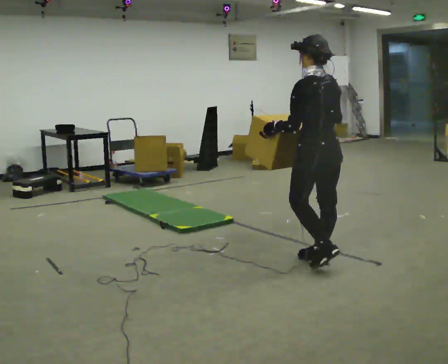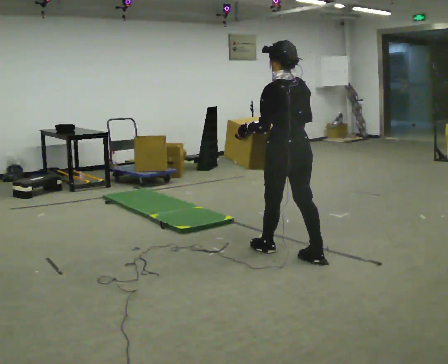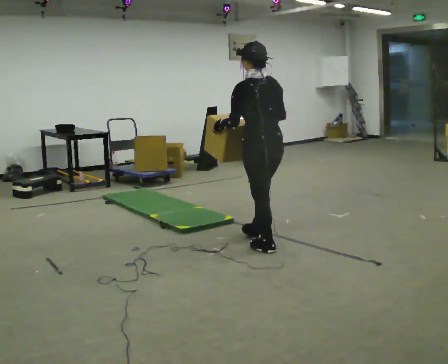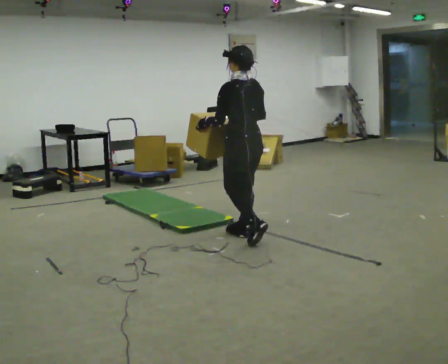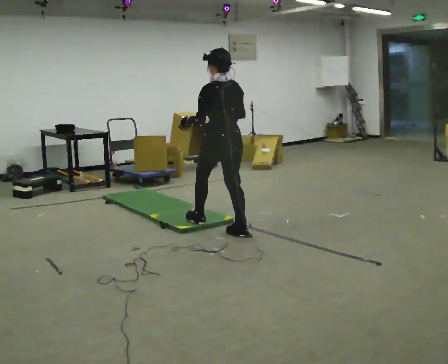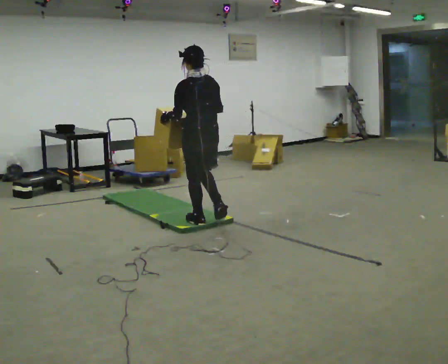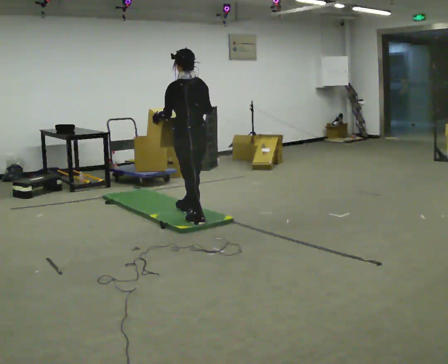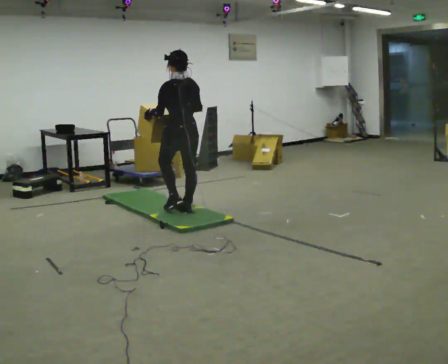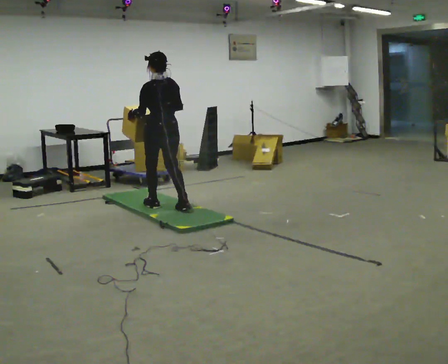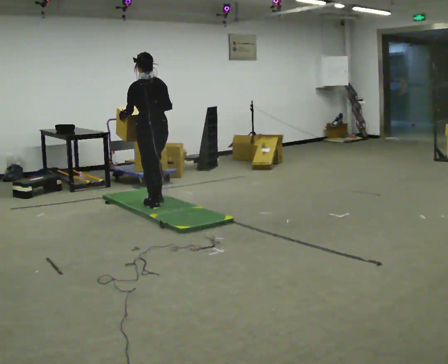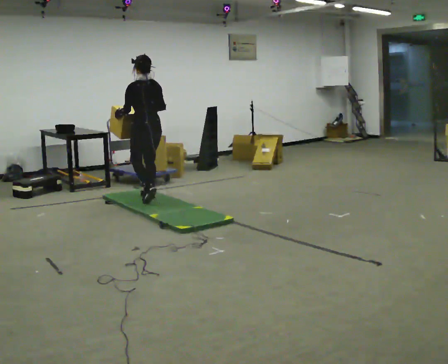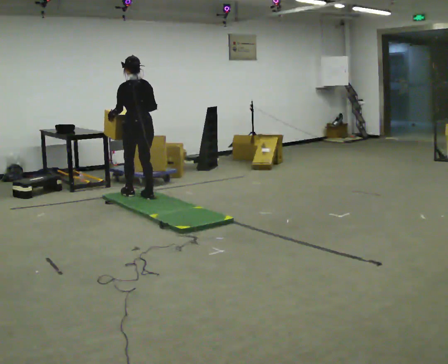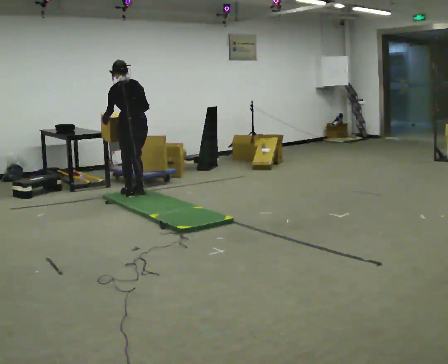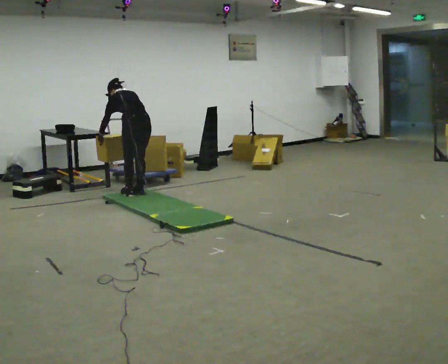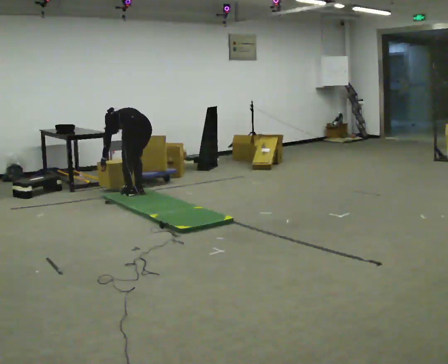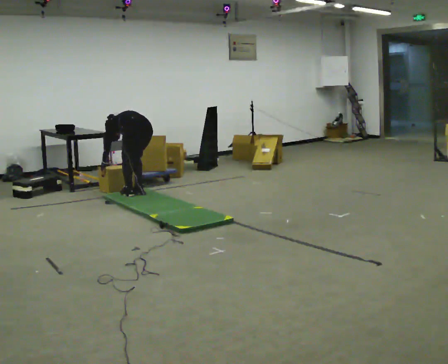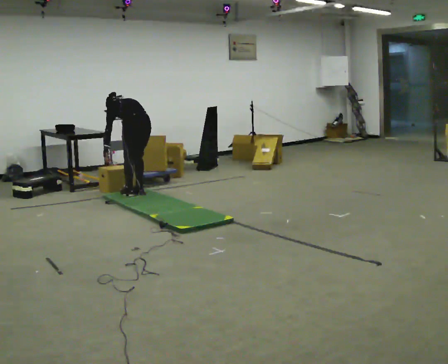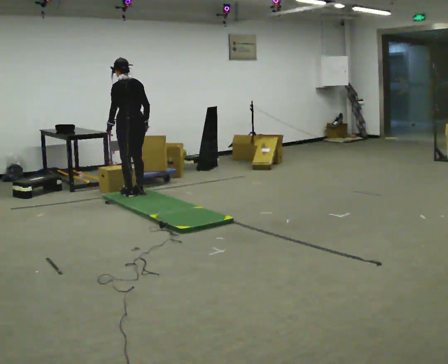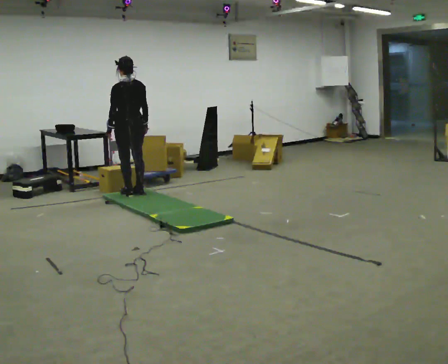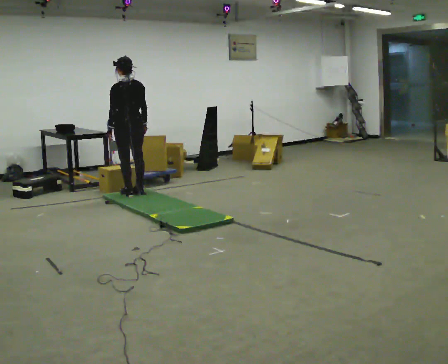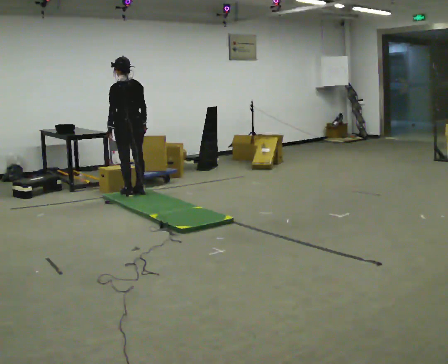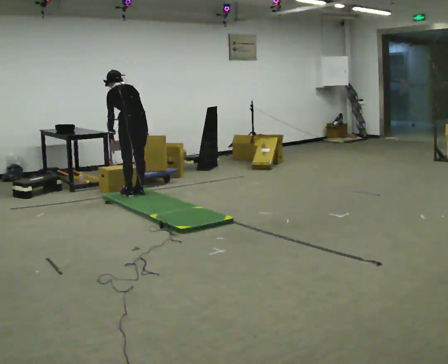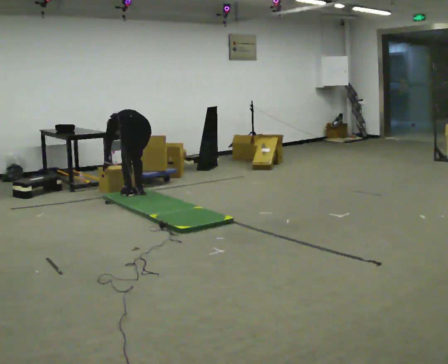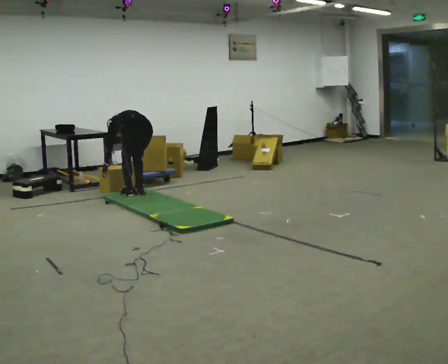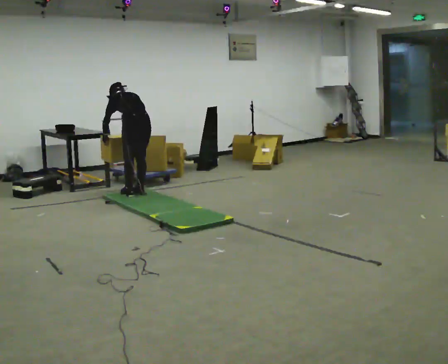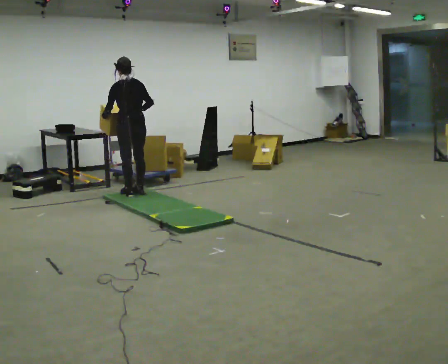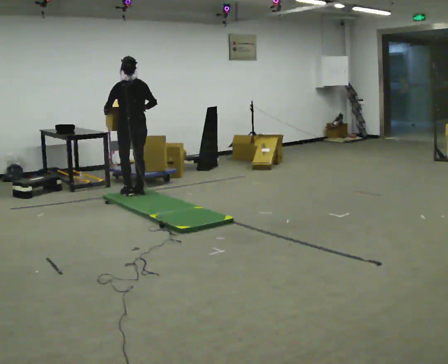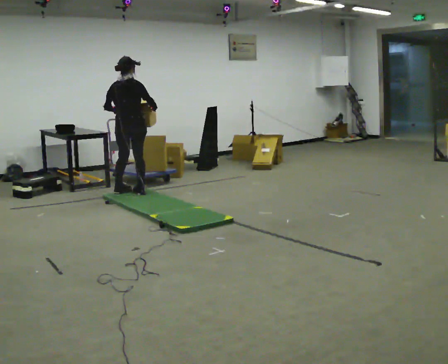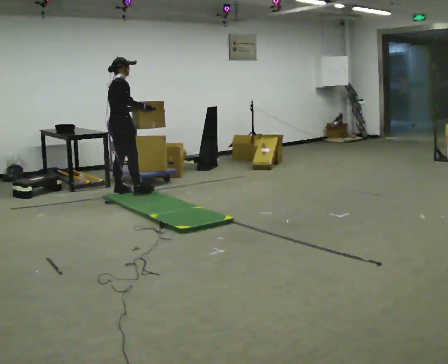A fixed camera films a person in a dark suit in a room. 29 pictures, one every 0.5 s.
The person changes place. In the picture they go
away from the camera.
0.0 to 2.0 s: In the picture they go away from the camera and to the left, about 1 m in 3 steps, which for them is forward.
2.0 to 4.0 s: In the picture they go away from the camera and to the left, about 1 m in 2 steps, which for them is forward.
4.0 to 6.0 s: In the picture they go away from the camera and to the left, about 0.5 m in 3 steps, which for them is forward.
6.0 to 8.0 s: The person moves a little, or ends about where they began.
8.0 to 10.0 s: The upper body goes upward. The upper body tips toward the camera, its near side rolling downward, as they lean back or straighten.
10.0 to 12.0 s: The person moves a little, or ends about where they began.
12.0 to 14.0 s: Seen from above the body turns clockwise, about 105 degrees: to their right, with its near side sliding to the left. In the picture they go to the left, about 0.25 m in 1 step.
The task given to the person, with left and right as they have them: Carry the box across the soft uneven mat, set it down on the far side, then bring it back. Keep going until the operator says stop; one object at a time, and do not rush between trips.
The film runs forward here.
